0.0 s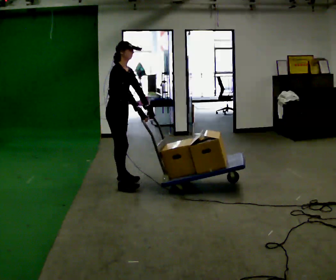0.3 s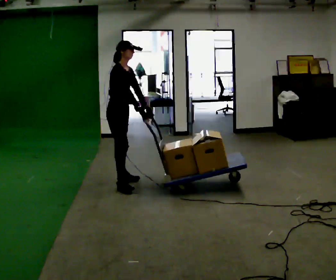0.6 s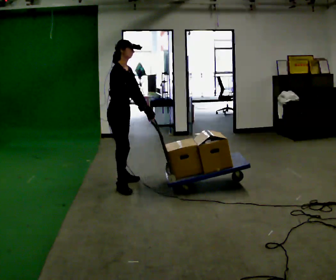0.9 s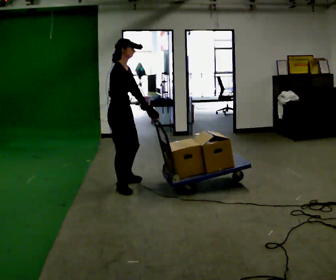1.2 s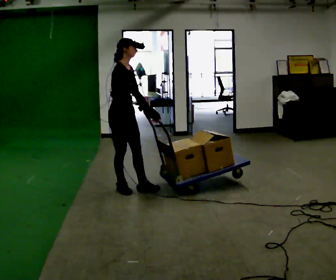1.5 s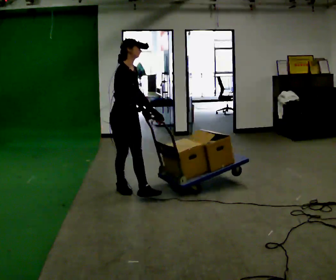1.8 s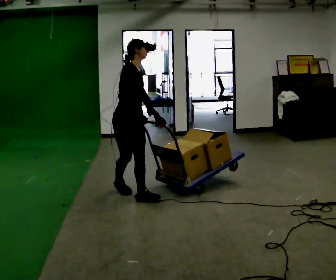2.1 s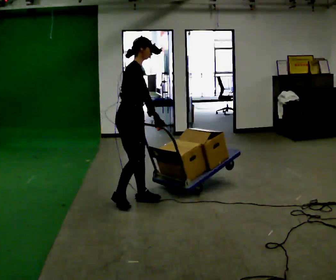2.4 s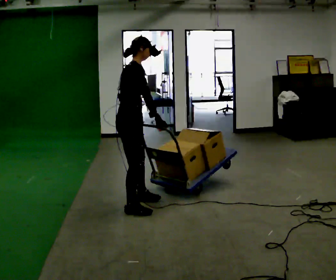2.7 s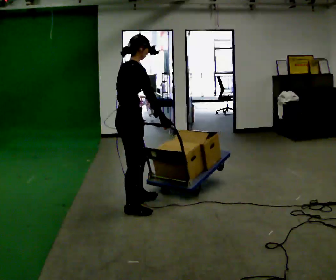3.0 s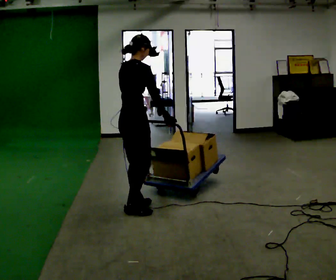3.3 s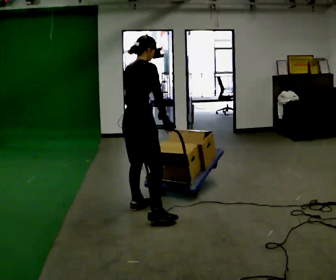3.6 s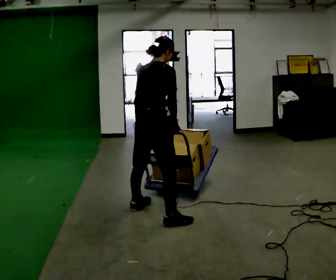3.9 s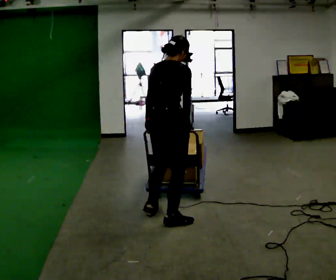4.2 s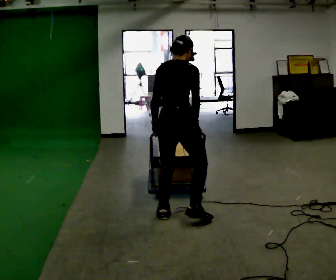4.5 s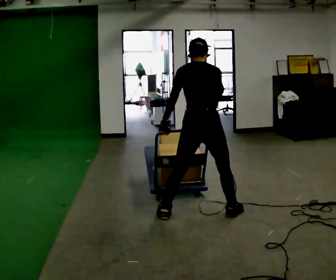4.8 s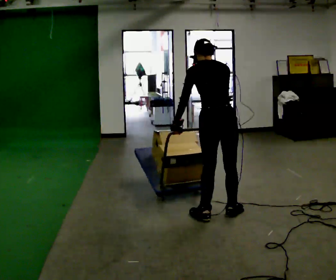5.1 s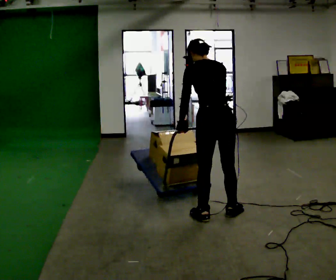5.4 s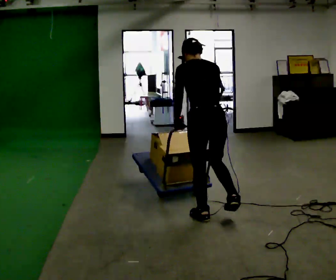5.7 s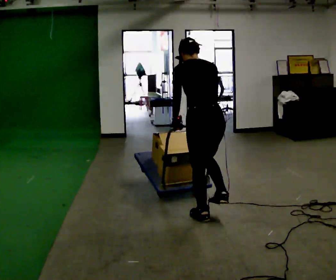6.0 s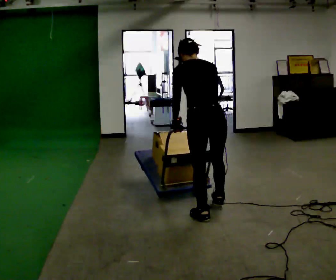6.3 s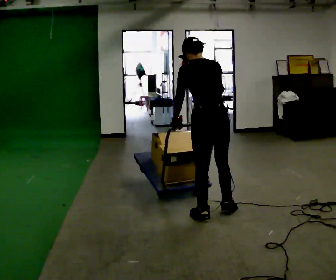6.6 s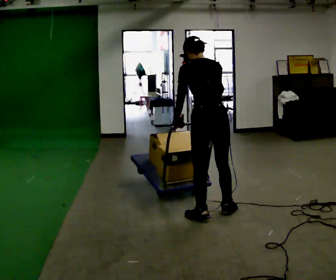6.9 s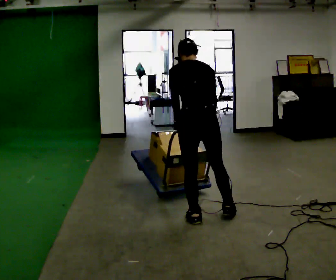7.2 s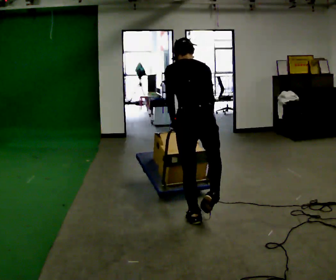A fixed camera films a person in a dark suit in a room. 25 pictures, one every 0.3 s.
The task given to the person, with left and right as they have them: Turn the cart round to face the other way without moving it out of the marked square, then turn it back. Repeat until the operator says stop.
0.0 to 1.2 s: In the picture they go toward the camera, about 0.25 m, which for them is to their right and forward.
1.2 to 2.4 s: In the picture they go toward the camera, about 0.5 m in 2 steps, which for them is forward and to their right.
2.4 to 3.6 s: The person turns about 45 degrees to their left, counterclockwise seen from above, so the part of the body nearest the lens slides to the right. In the picture they go toward the camera and to the right, about 0.5 m in 2 steps, which for them is to their right.
3.6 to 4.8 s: Seen from above the body turns counterclockwise, about 60 degrees: to their left, with its near side sliding to the right. In the picture they go to the right, about 0.5 m in 3 steps, which for them is to their right and forward. In the picture the upper body tilts counterclockwise, shoulders to the left.
4.8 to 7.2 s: In the picture they go to the left, about 0.25 m, which for them is to their left.
The film runs forward here.
